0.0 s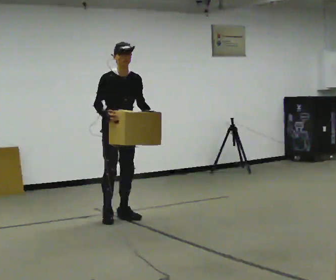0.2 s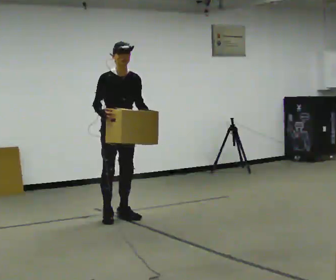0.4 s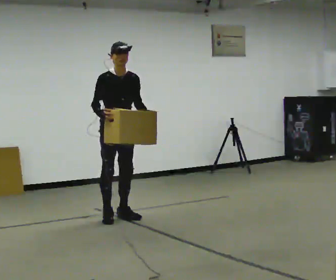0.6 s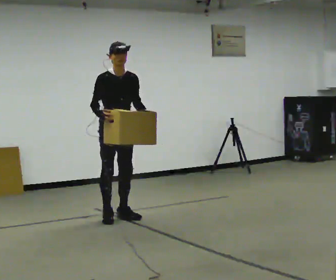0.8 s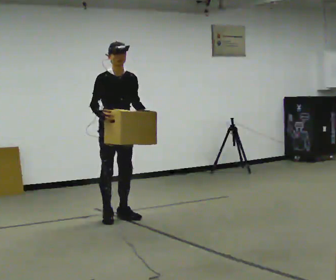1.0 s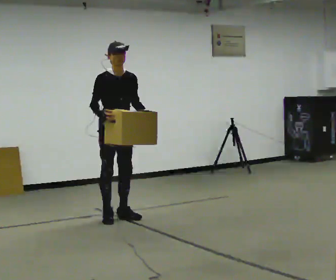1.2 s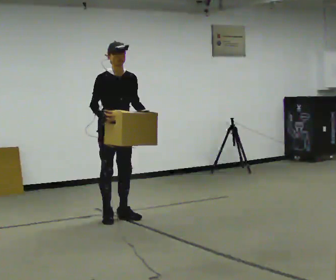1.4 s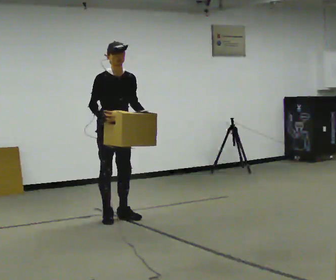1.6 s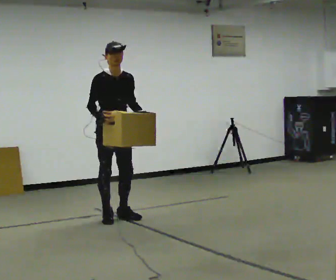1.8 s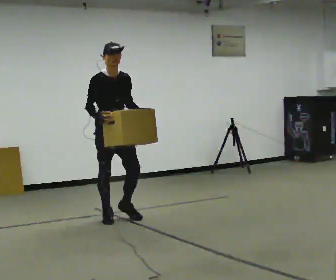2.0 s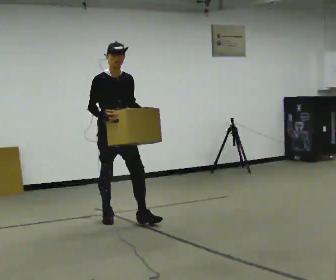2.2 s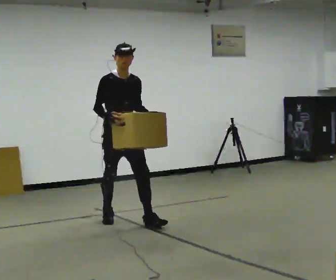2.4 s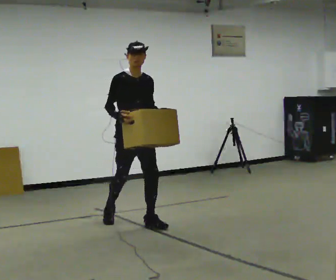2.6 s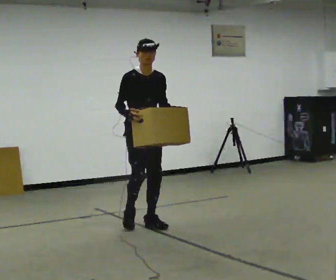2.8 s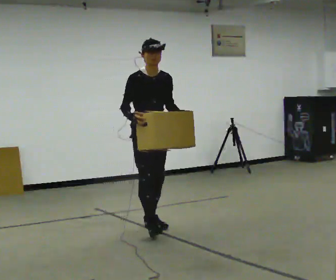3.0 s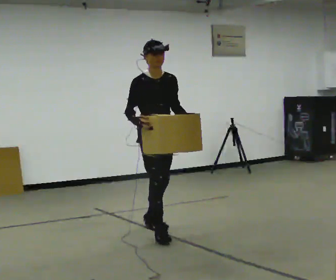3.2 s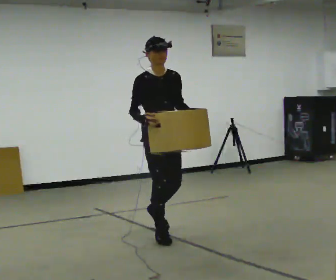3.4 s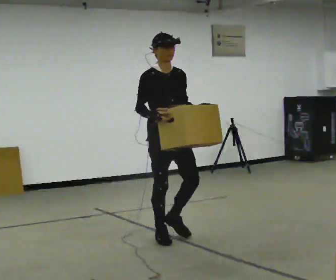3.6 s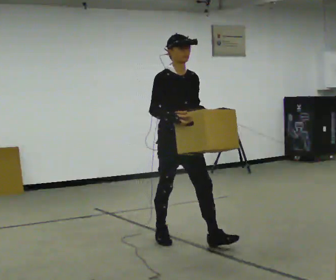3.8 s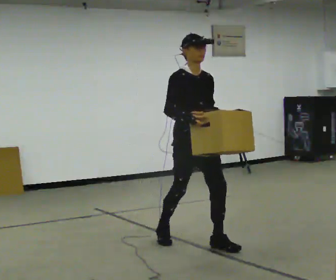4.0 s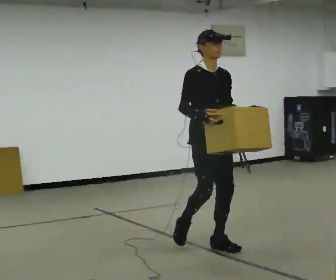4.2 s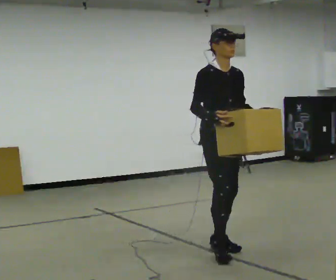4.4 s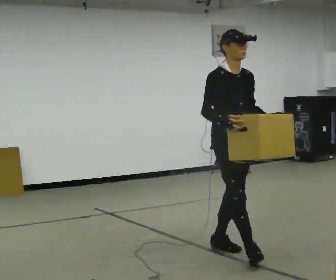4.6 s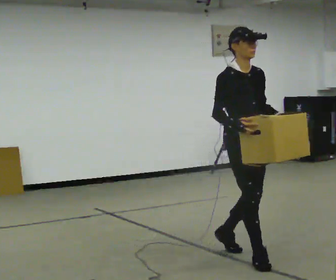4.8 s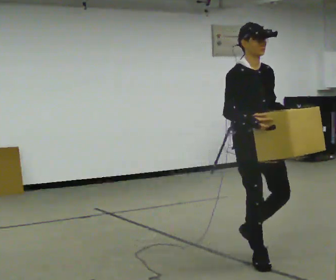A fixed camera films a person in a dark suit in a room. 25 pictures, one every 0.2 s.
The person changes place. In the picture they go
toward the camera.
0.0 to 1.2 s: The person moves a little, or ends about where they began.
1.2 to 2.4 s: In the picture they go toward the camera and to the right, about 0.25 m in 1 step, which for them is forward.
2.4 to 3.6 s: In the picture they go toward the camera and to the right, about 1 m in 1 step, which for them is forward.
3.6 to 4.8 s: In the picture they go toward the camera and to the right, about 1 m in 2 steps, which for them is forward.
The film runs forward here.
